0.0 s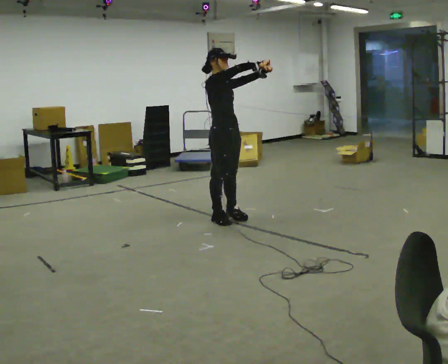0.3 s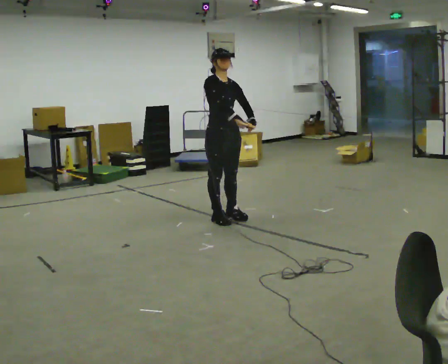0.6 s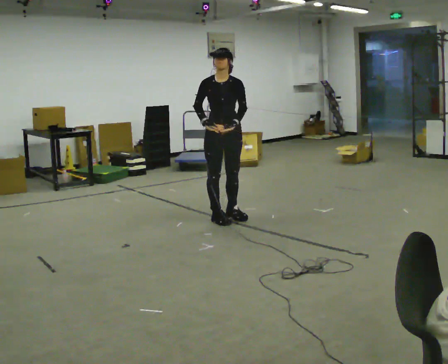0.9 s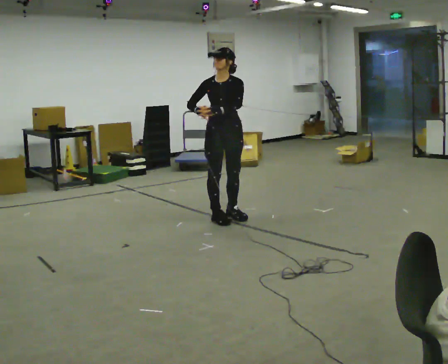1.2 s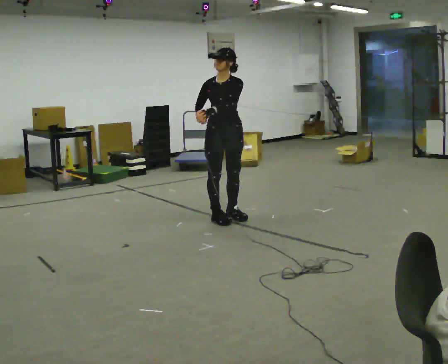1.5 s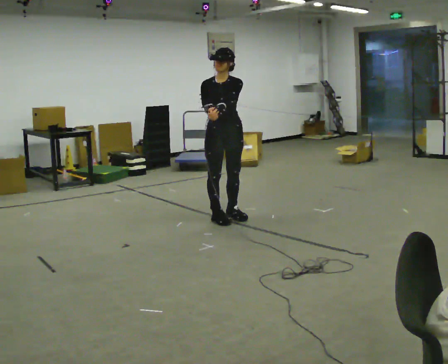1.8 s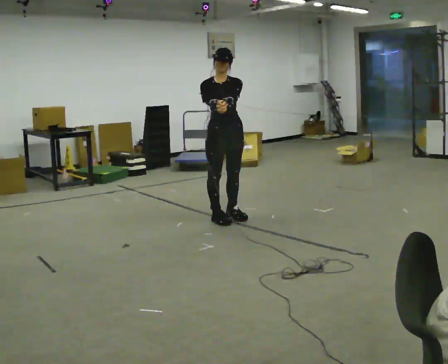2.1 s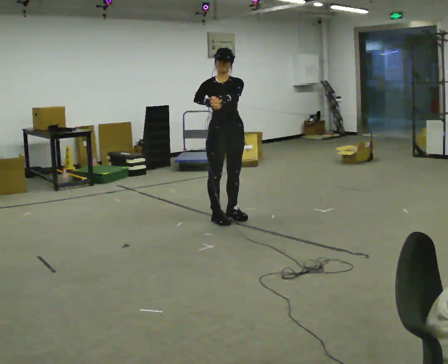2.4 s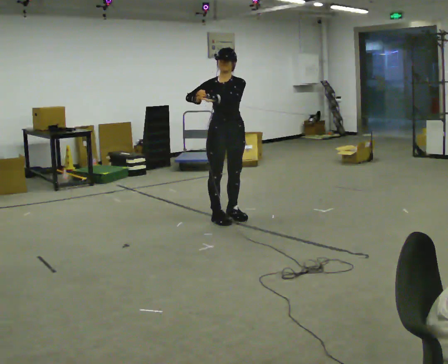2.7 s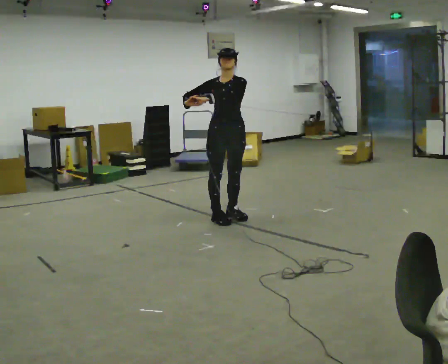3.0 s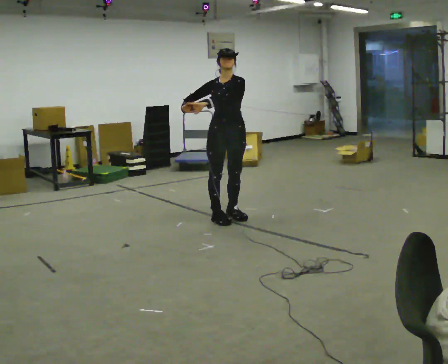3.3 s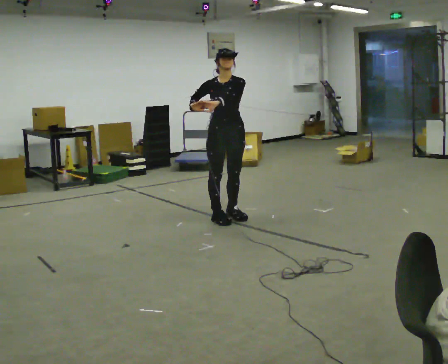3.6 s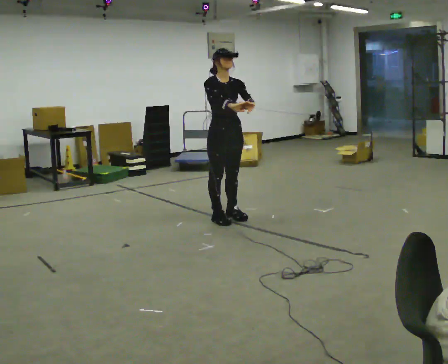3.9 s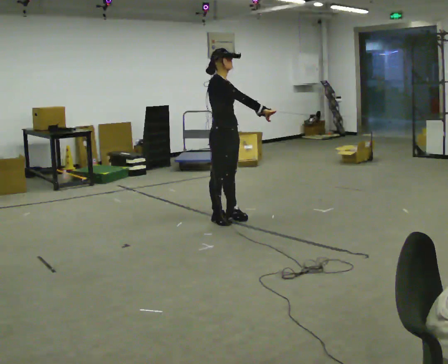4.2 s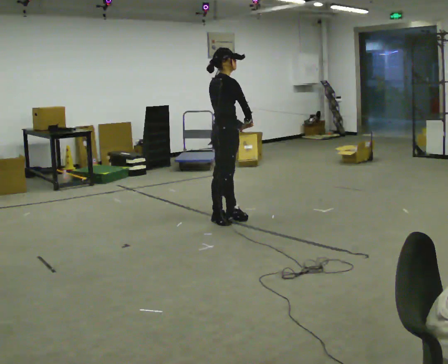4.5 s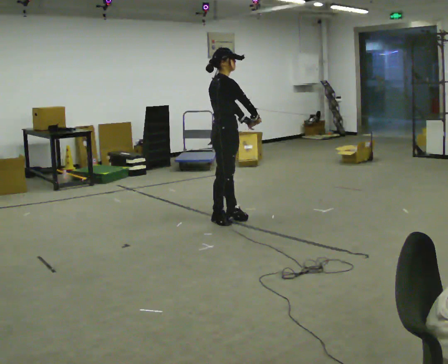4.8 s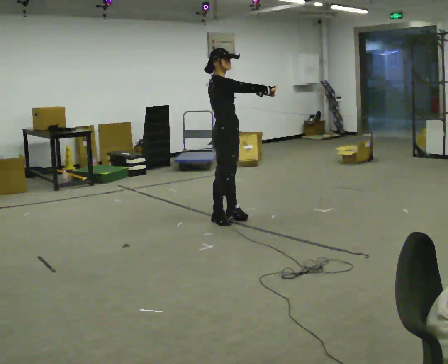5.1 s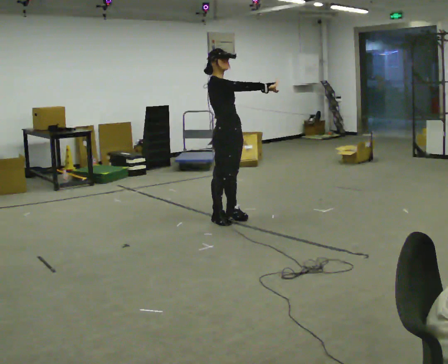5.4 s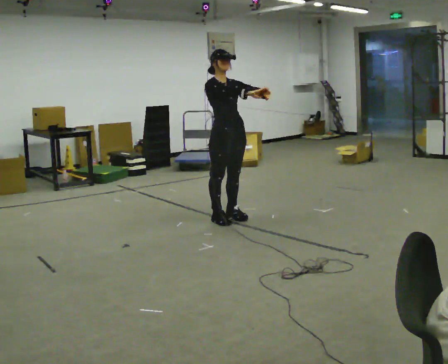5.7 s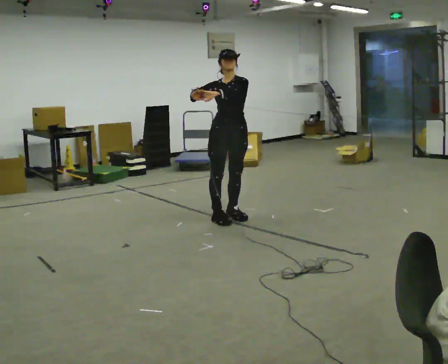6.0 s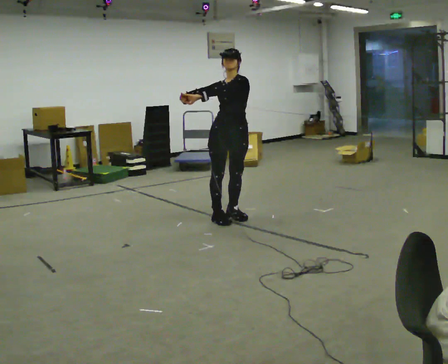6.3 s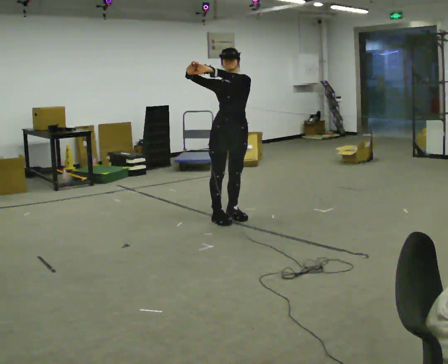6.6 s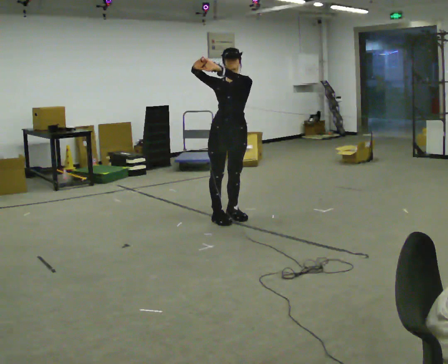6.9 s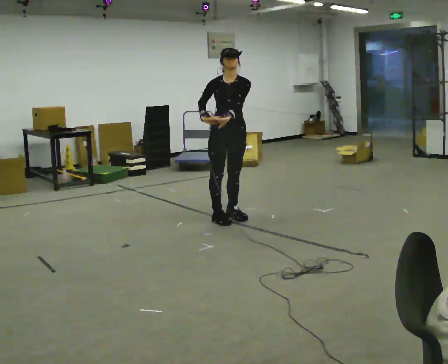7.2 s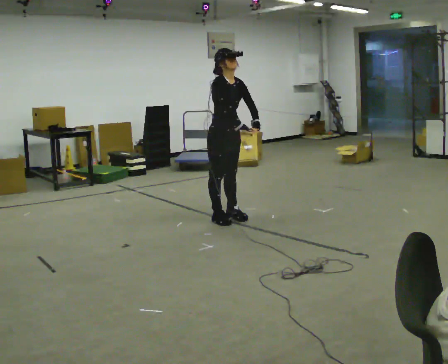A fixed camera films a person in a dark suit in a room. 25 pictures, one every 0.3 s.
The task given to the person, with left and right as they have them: Reach as far as you comfortably can in each direction the operator calls: up, down, forward, each side, and behind. Hold each one briefly. Keep both feet on the marked spots for the whole take. If you have to step, stop and tell the operator.
0.0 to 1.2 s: The person turns about 60 degrees to their right, clockwise seen from above, so the part of the body nearest the lens slides to the left. In the picture their left hand goes to the left and downward.
1.2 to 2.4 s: The person moves a little, or ends about where they began.
2.4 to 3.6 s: The part of the body nearest the lens slides to the right as the person turns to their left by about 45 degrees. In the picture their right hand goes to the right.
3.6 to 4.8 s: Seen from above the body turns counterclockwise, about 45 degrees: to their left, with its near side sliding to the right.
4.8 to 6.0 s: The person turns about 90 degrees to their right, clockwise seen from above, so the part of the body nearest the lens slides to the left. In the picture their left hand goes to the left.
6.0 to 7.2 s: The person turns about 75 degrees to their left, counterclockwise seen from above, so the part of the body nearest the lens slides to the right. In the picture their left hand goes to the right.
The film runs forward here.
